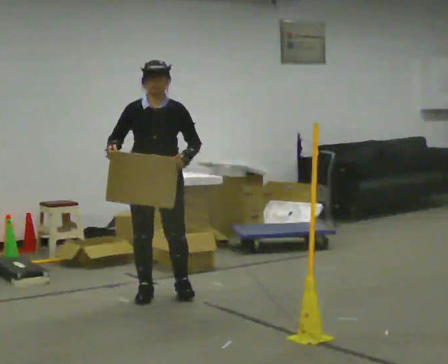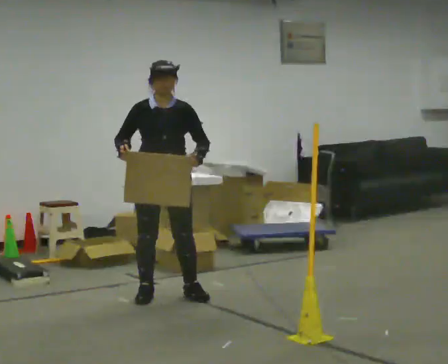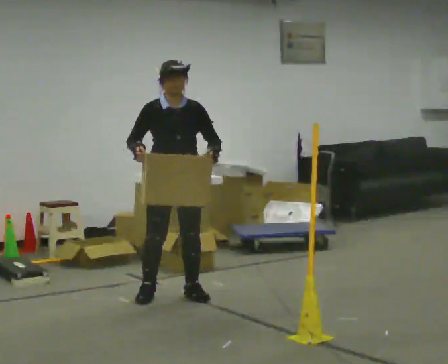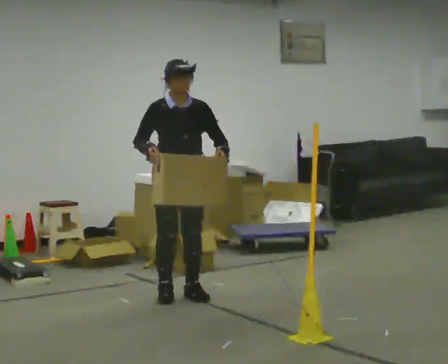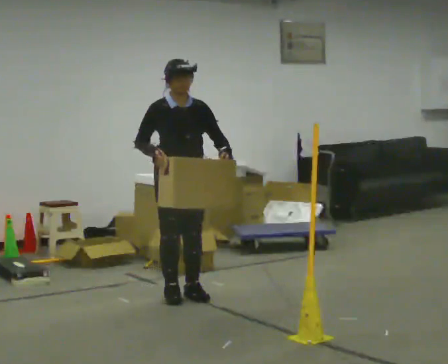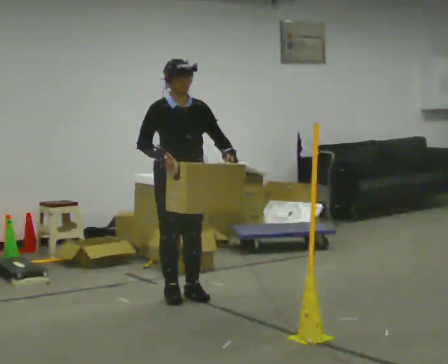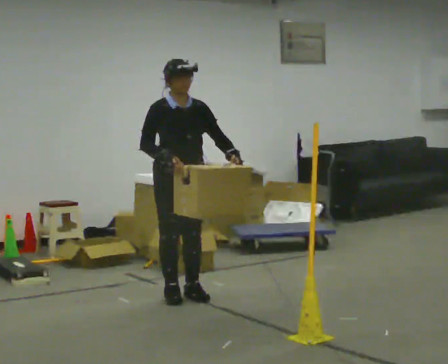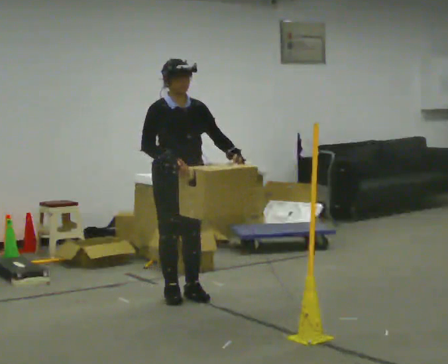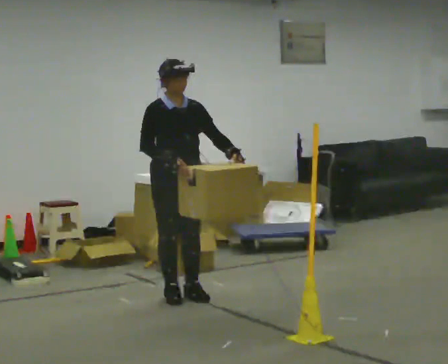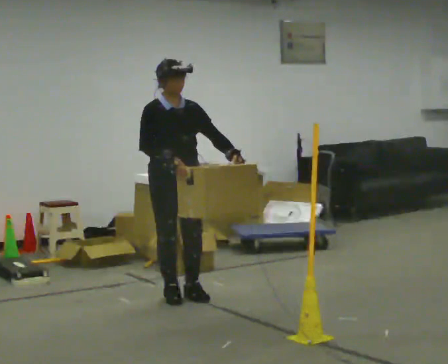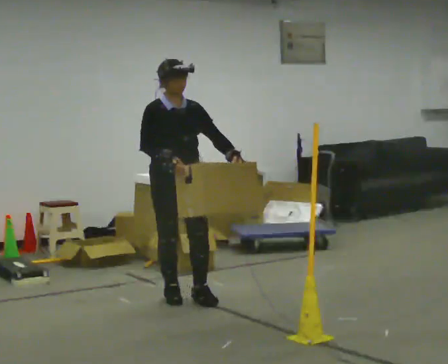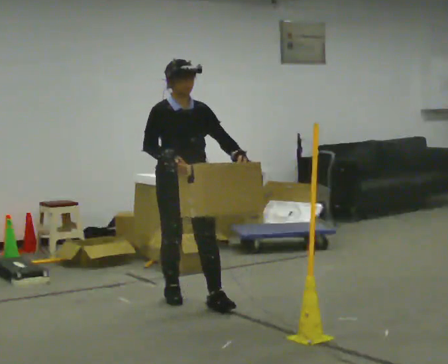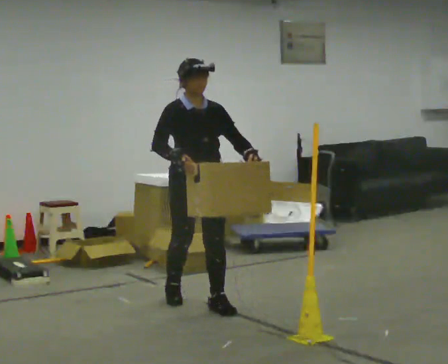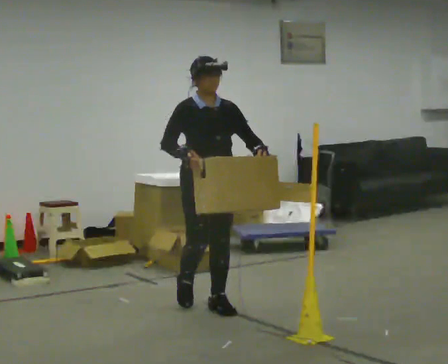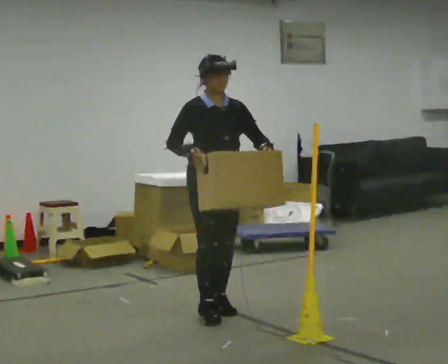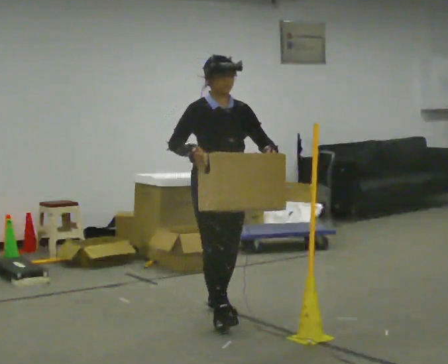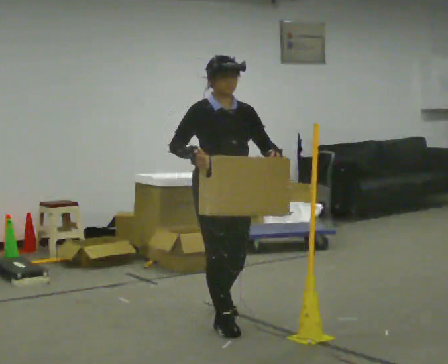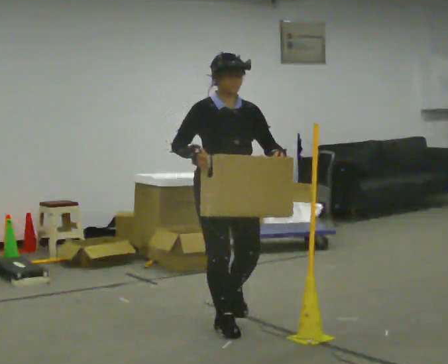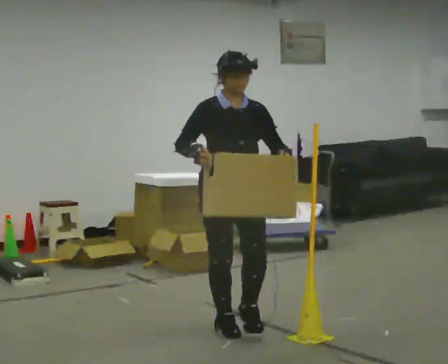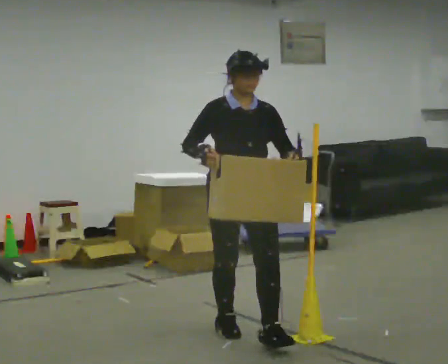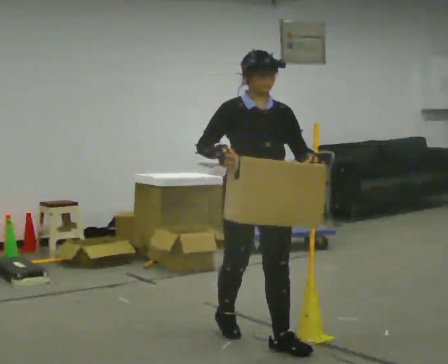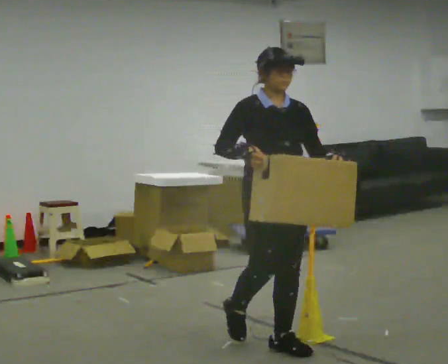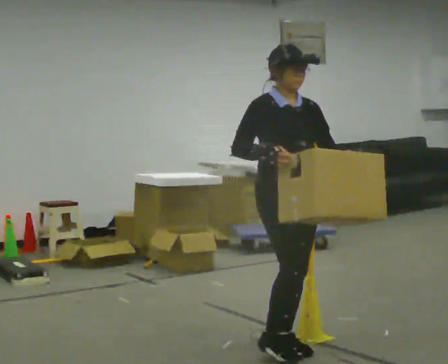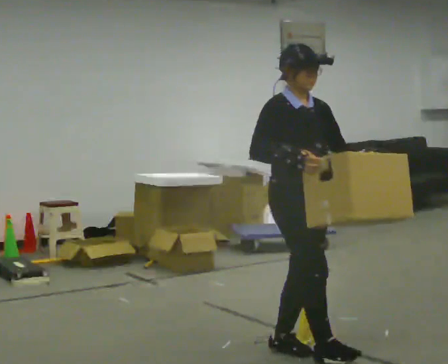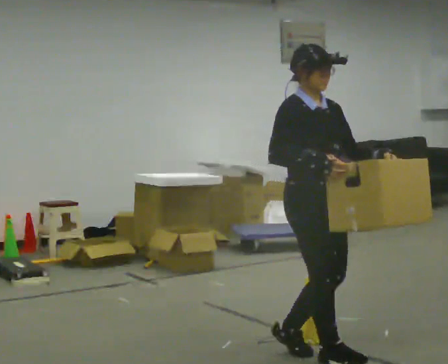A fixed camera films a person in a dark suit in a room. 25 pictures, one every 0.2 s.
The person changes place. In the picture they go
toward the camera.
0.0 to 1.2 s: In the picture they go to the right, about 0.25 m in 1 step, which for them is to their left. In the picture their left hand goes to the right.
1.2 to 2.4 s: In the picture they go toward the camera, about 0.25 m in 1 step, which for them is forward.
2.4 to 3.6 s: In the picture they go toward the camera, about 0.75 m in 1 step, which for them is forward.
3.6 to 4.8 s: Seen from above the body turns counterclockwise, about 30 degrees: to their left, with its near side sliding to the right. In the picture they go toward the camera and to the right, about 0.75 m in 2 steps, which for them is forward.
The film runs forward here.
